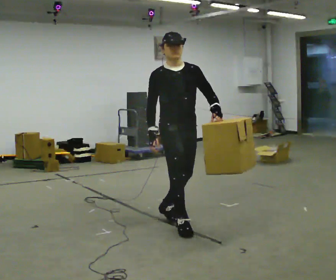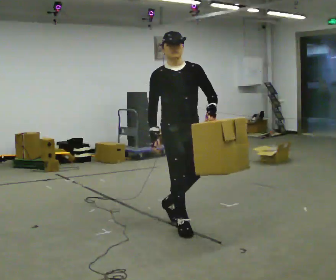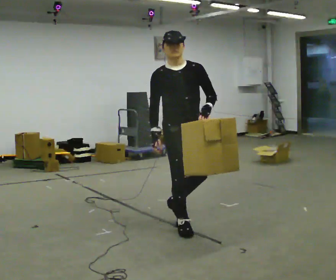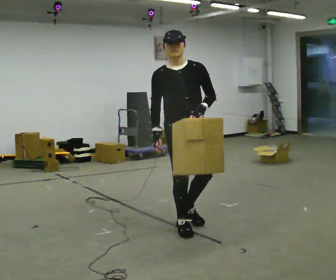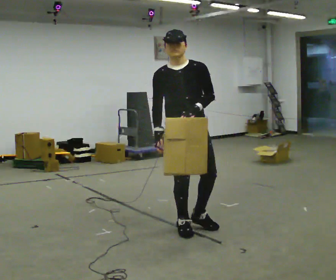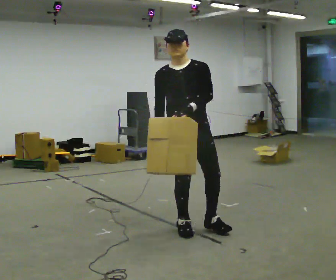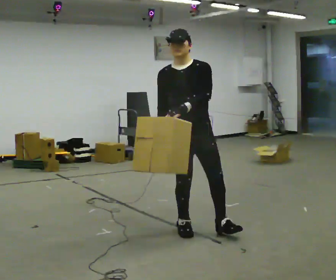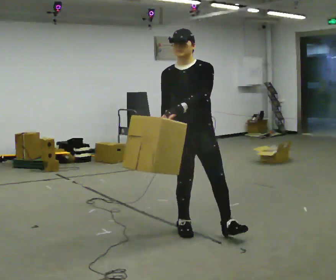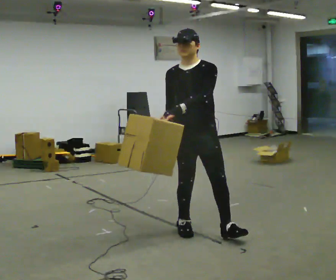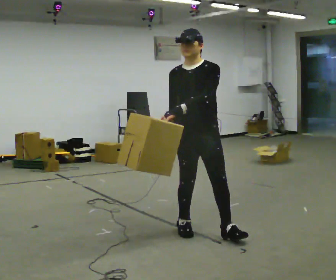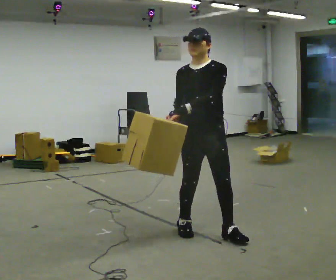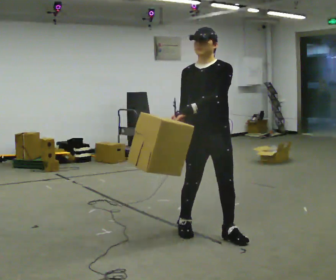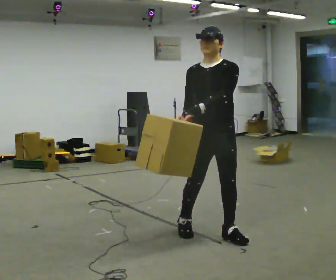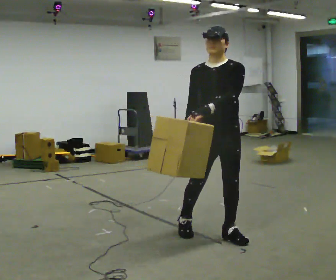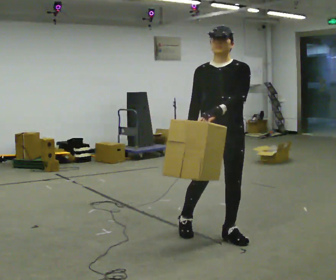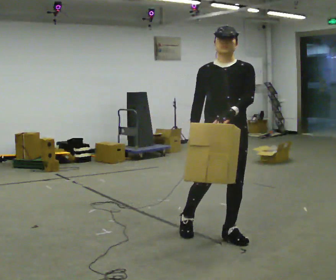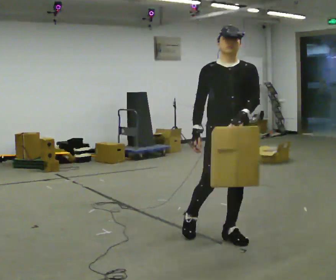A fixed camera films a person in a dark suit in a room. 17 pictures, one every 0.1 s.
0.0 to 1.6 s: In the picture they go to the right and toward the camera, about 0.5 m in 1 step, which for them is to their left and forward.
The film runs forward here.
